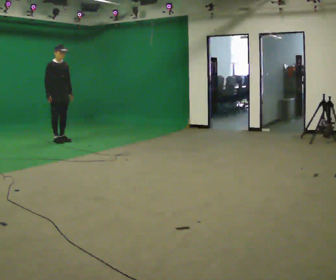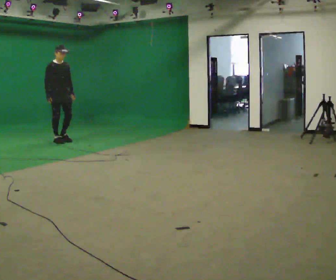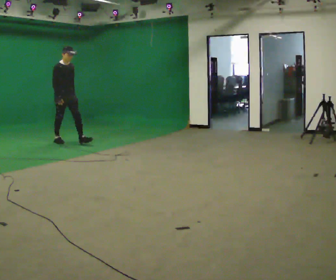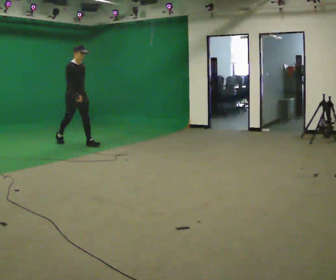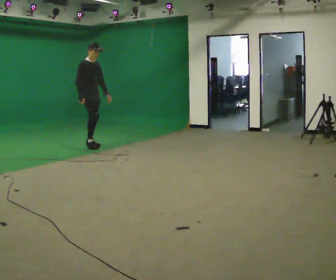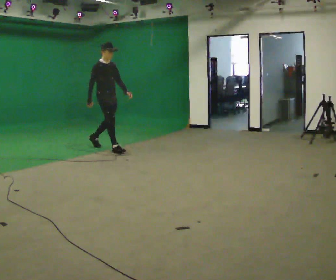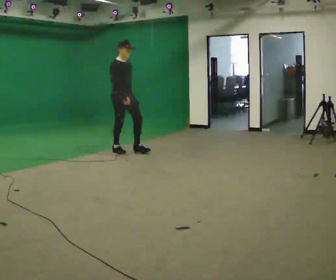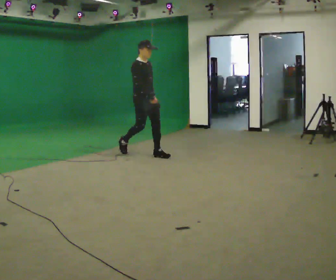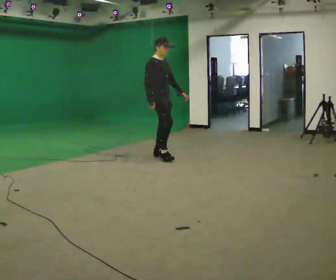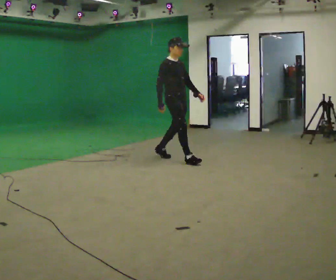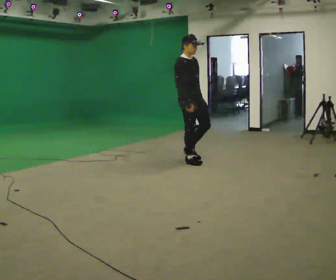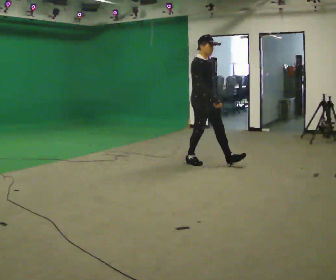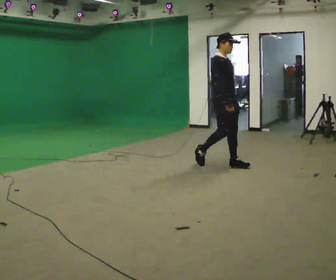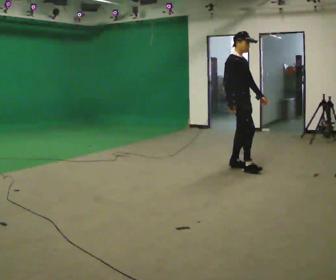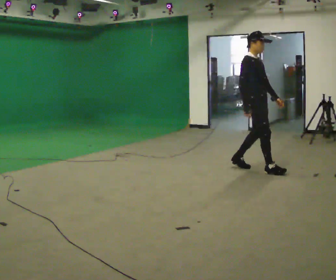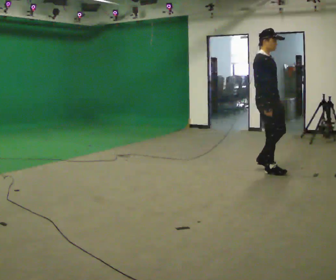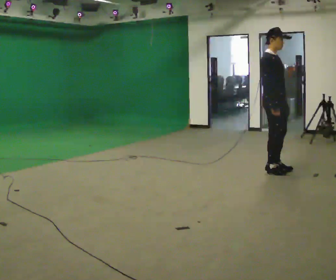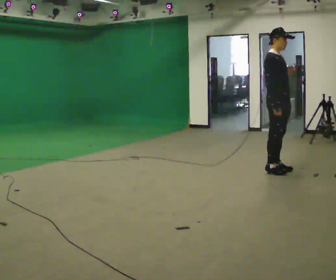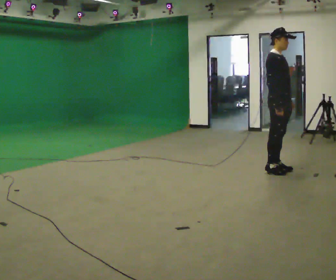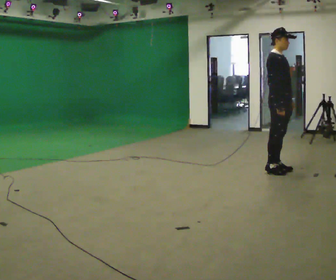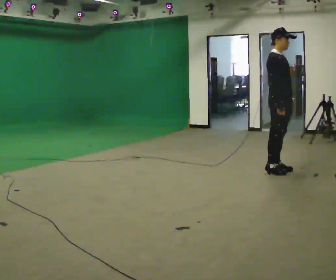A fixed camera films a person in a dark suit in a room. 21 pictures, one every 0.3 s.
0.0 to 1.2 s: In the picture they go to the right and toward the camera, about 1 m in 1 step, which for them is forward.
1.2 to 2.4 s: In the picture they go to the right and toward the camera, about 1.5 m in 2 steps, which for them is forward.
2.4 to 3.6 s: In the picture they go to the right and toward the camera, about 1 m in 2 steps, which for them is forward.
3.6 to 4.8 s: In the picture they go to the right and toward the camera, about 0.75 m in 2 steps, which for them is forward.
4.8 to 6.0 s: The person moves a little, or ends about where they began.
The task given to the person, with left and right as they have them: Start at normal speed; gradually slow over several steps; stop gently.
The film runs forward here.
